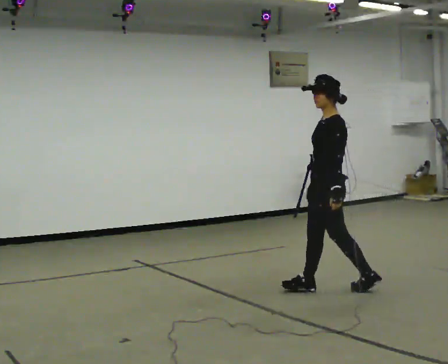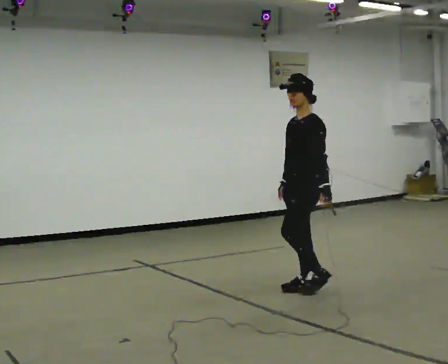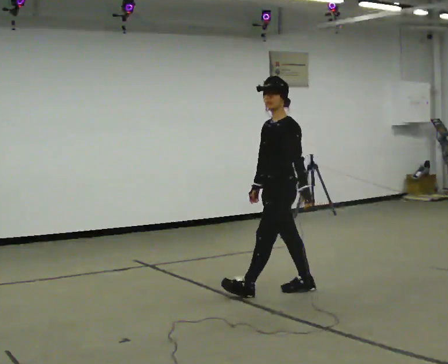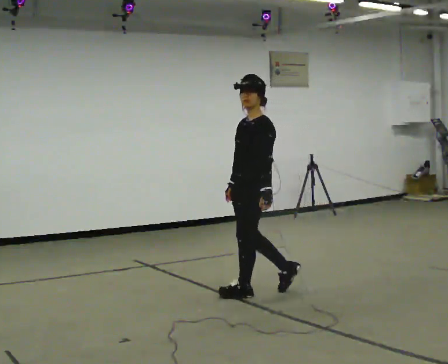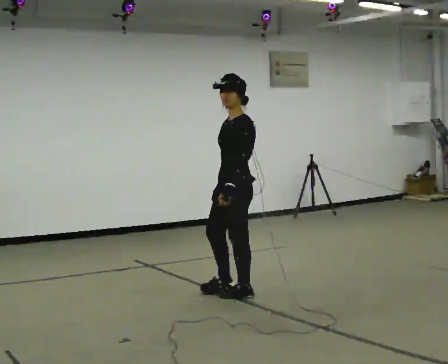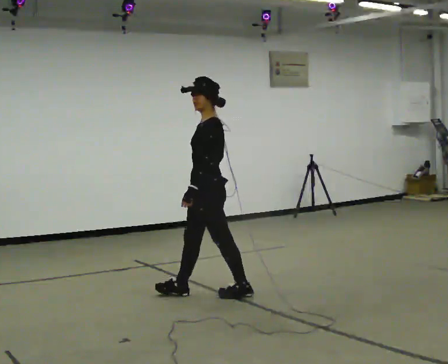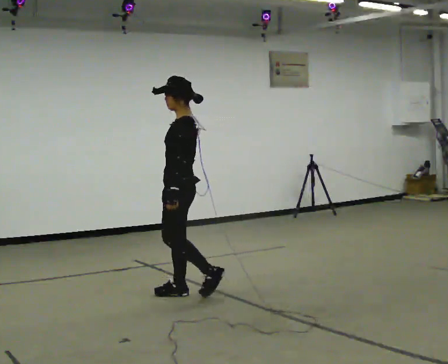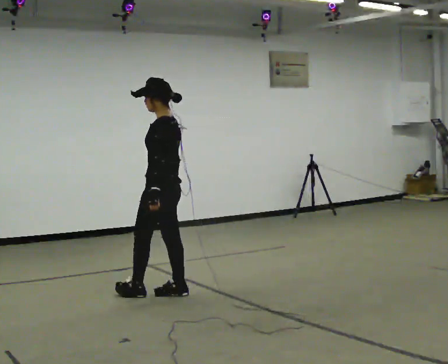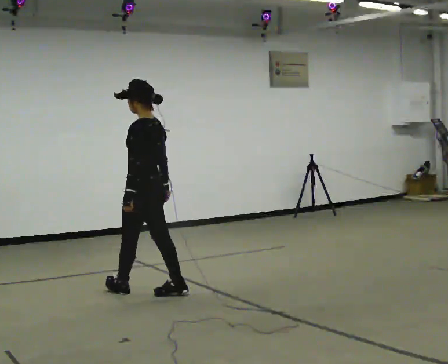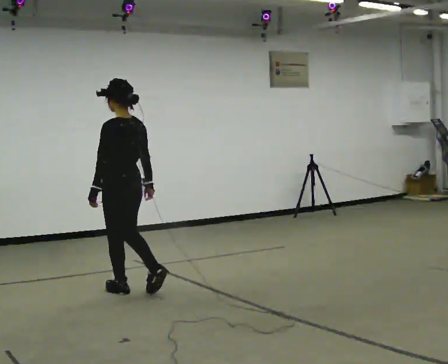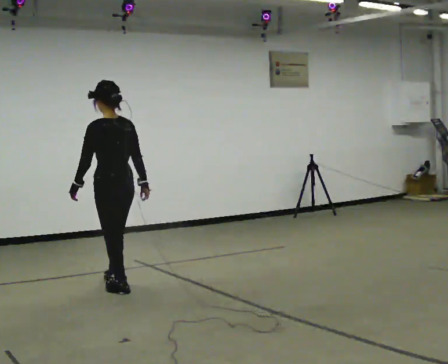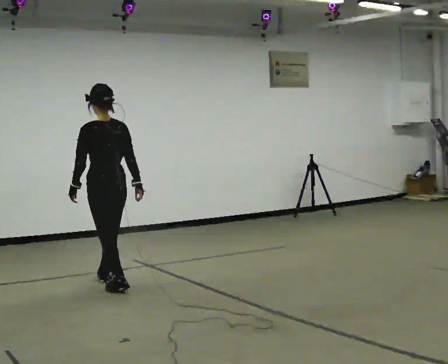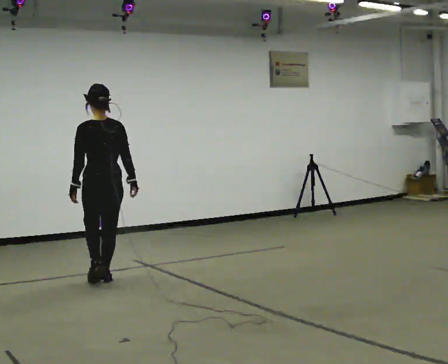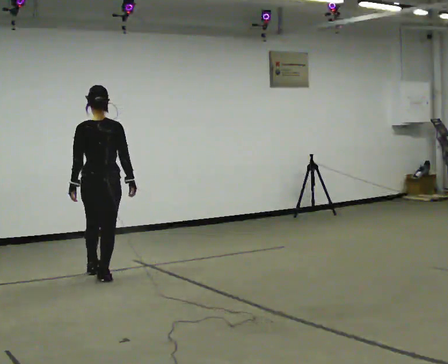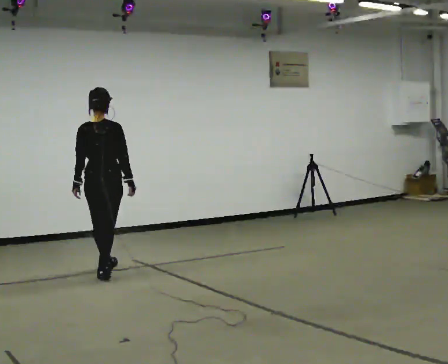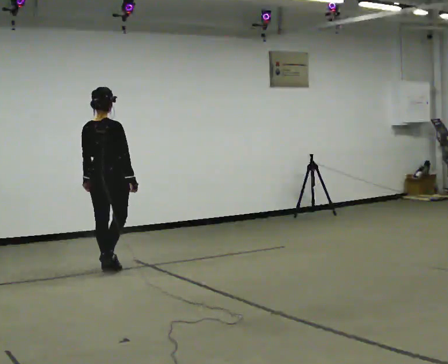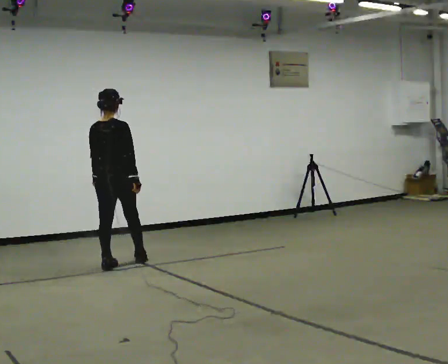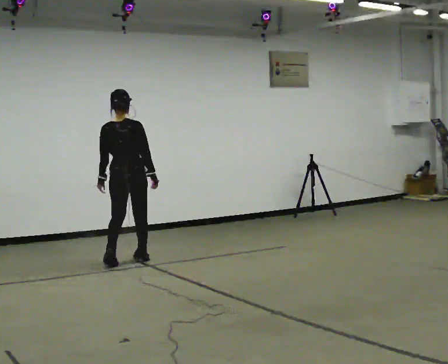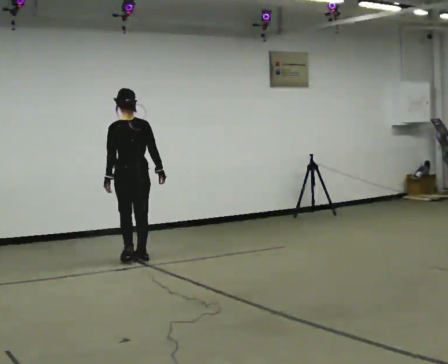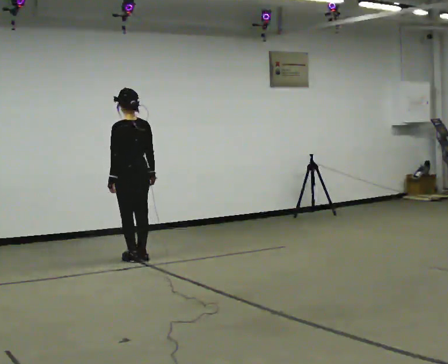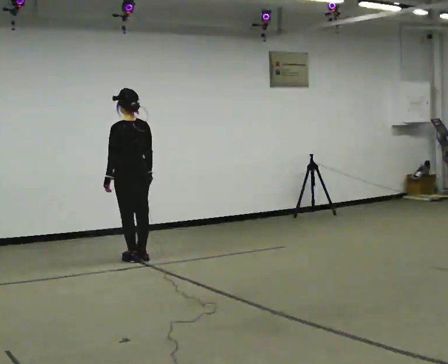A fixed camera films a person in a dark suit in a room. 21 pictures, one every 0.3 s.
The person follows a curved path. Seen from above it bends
clockwise.
0.0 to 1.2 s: In the picture they go to the left, about 0.75 m in 1 step, which for them is forward.
1.2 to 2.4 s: The person turns about 30 degrees to their right, clockwise seen from above, so the part of the body nearest the lens slides to the left. In the picture they go to the left, about 0.75 m in 2 steps, which for them is forward.
2.4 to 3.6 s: The part of the body nearest the lens slides to the left as the person turns to their right by about 45 degrees. In the picture they go away from the camera and to the left, about 0.5 m in 1 step, which for them is forward.
3.6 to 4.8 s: The part of the body nearest the lens slides to the left as the person turns to their right by about 30 degrees. In the picture they go away from the camera, about 0.75 m in 1 step, which for them is forward.
4.8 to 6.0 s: The person turns about 45 degrees to their left, counterclockwise seen from above, so the part of the body nearest the lens slides to the right. In the picture they go away from the camera and to the right, about 0.25 m in 2 steps, which for them is to their right and forward.
The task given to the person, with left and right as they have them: Walk forward; gradually curve left/right; straighten out.
The film runs forward here.
